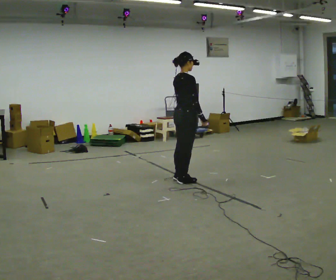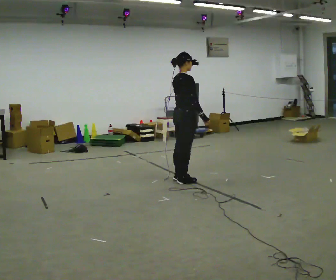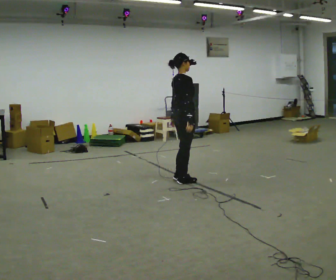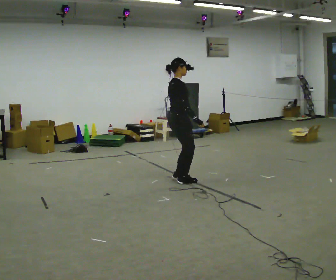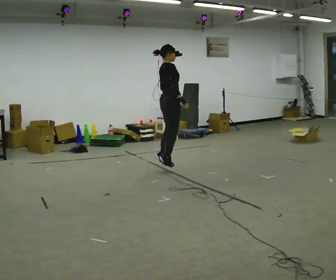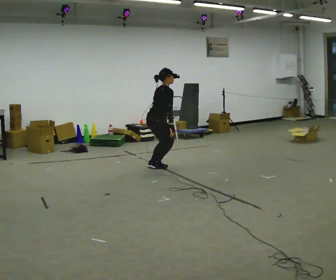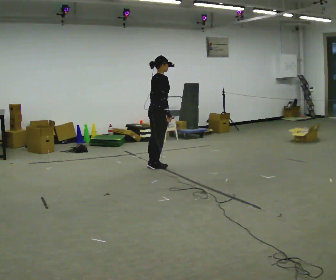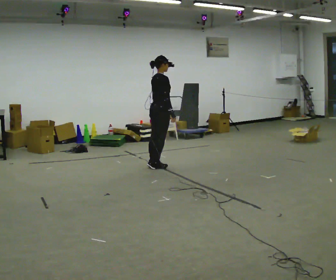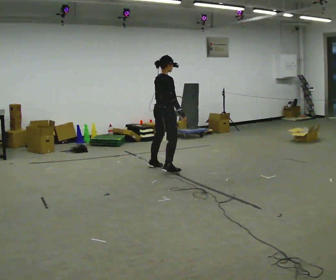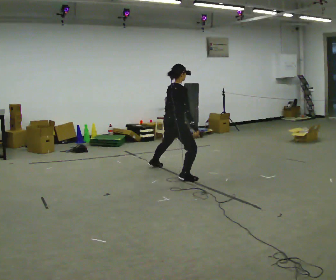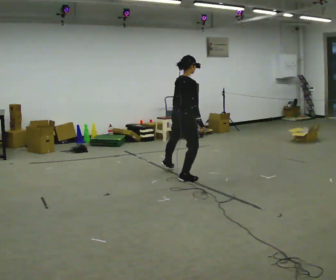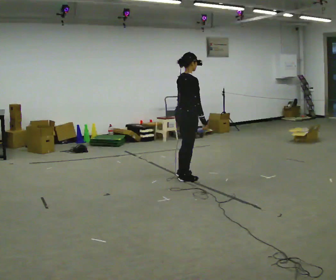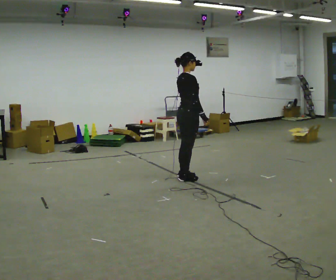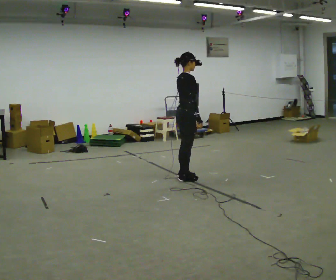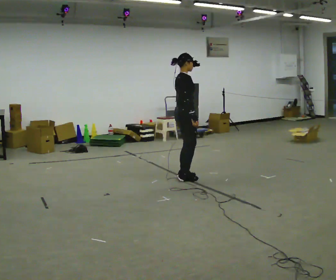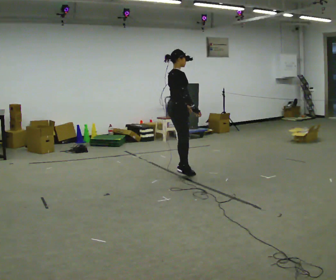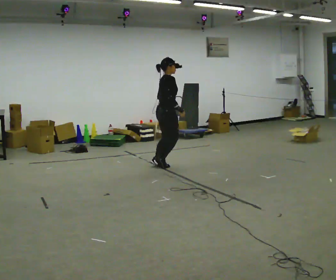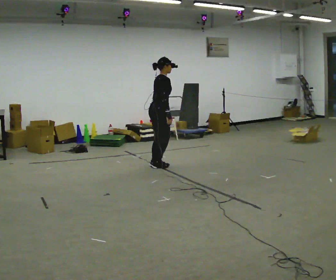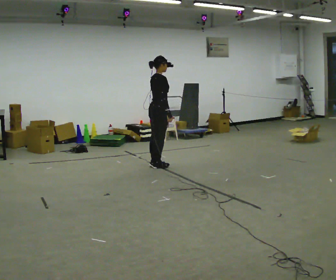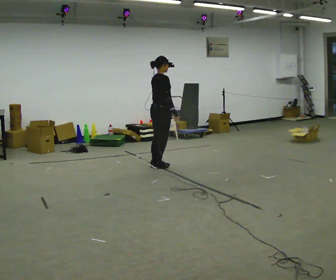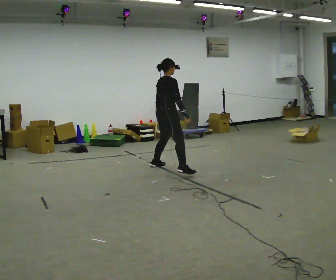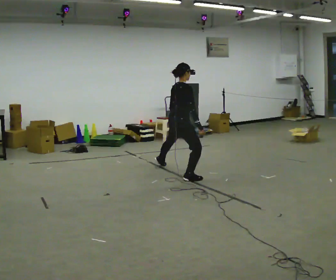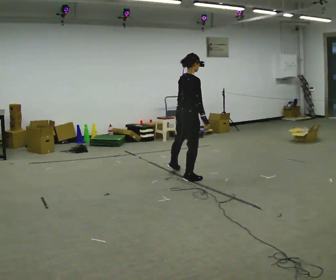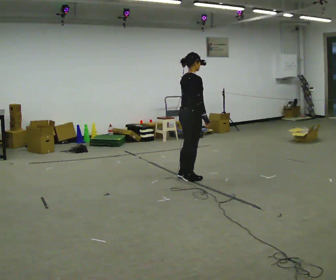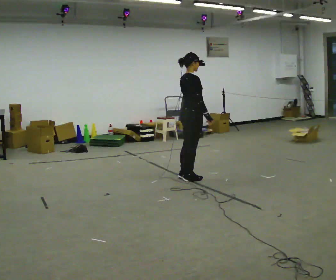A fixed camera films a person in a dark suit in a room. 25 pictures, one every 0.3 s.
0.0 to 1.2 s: In the picture they go away from the camera and to the left, about 0.5 m in 2 steps, which for them is to their left.
1.2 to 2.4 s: In the picture they go away from the camera, about 0.25 m in 1 step, which for them is to their left.
2.4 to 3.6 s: In the picture they go toward the camera and to the right, about 0.75 m in 1 step, which for them is to their right.
3.6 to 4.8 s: In the picture they go away from the camera and to the left, about 0.5 m in 2 steps, which for them is to their left.
4.8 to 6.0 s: The person moves a little, or ends about where they began.
6.0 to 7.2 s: In the picture they go toward the camera and to the right, about 0.75 m in 1 step, which for them is to their right.
The film runs backward here.
